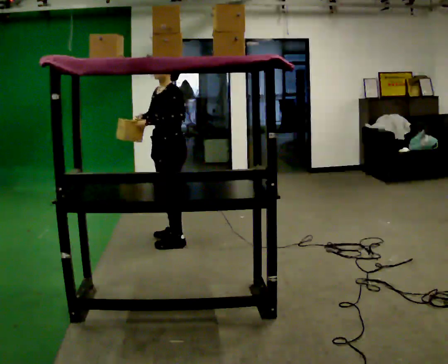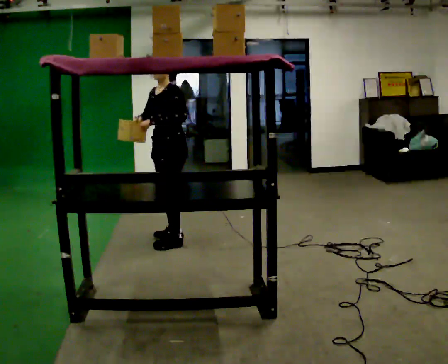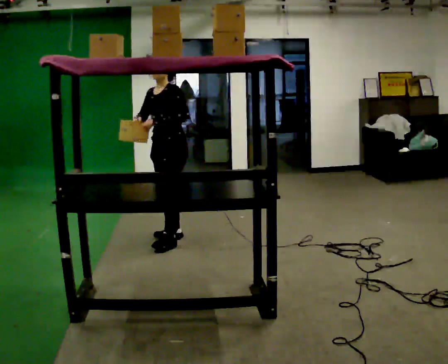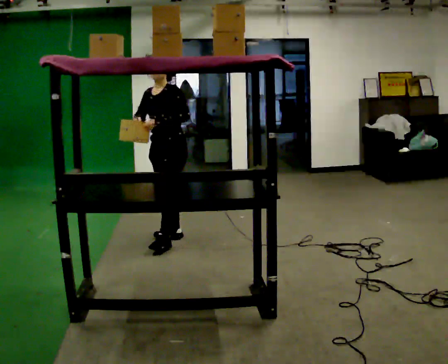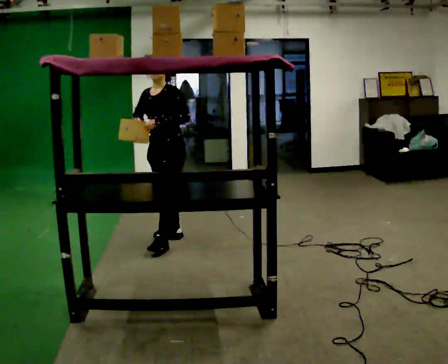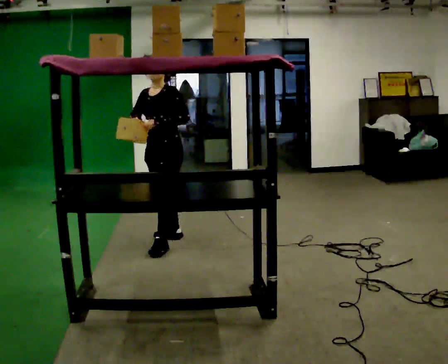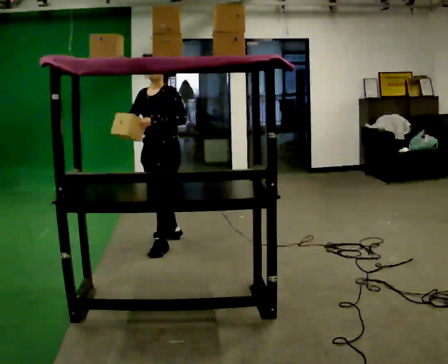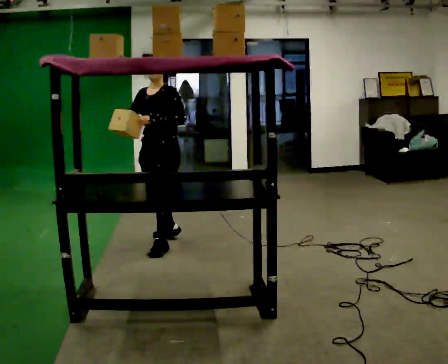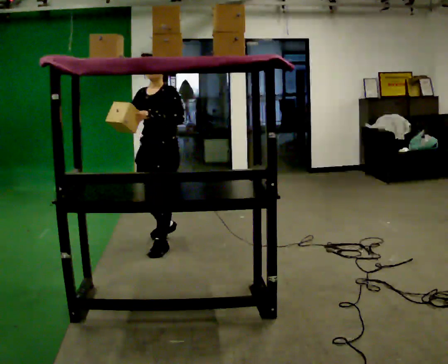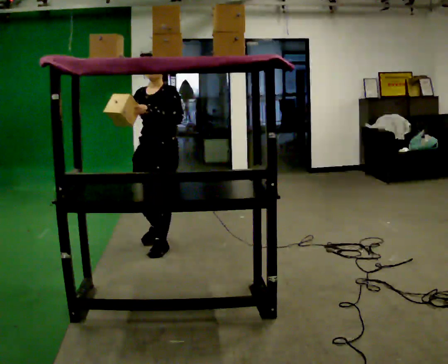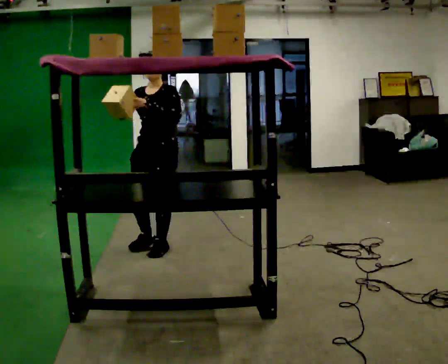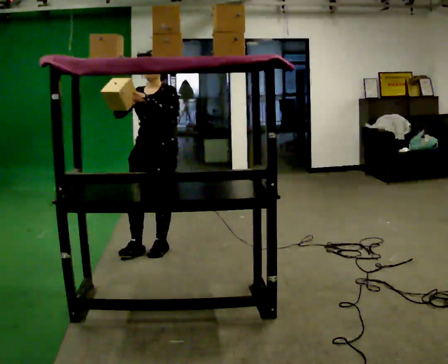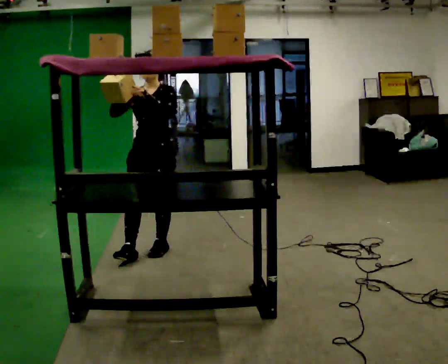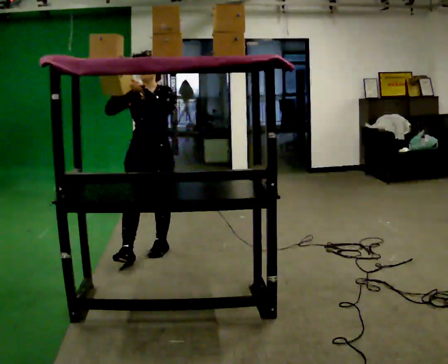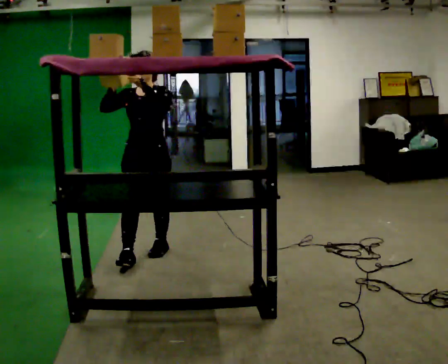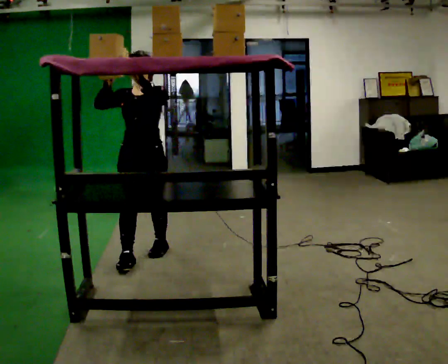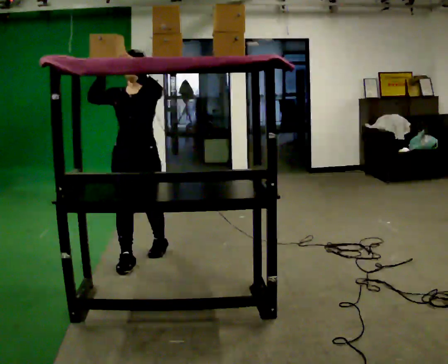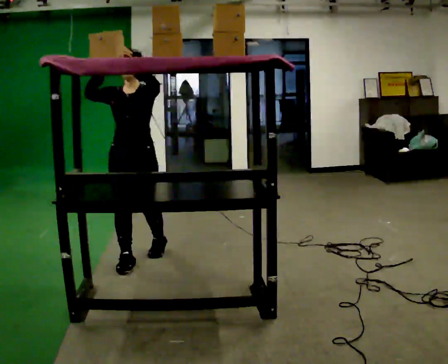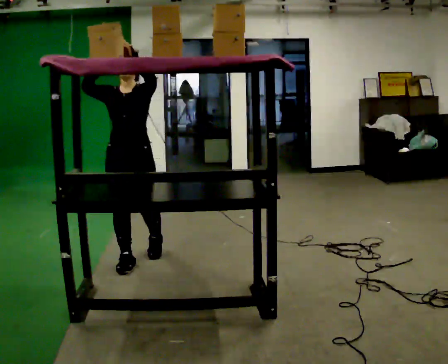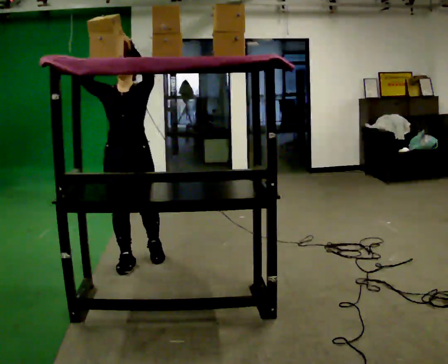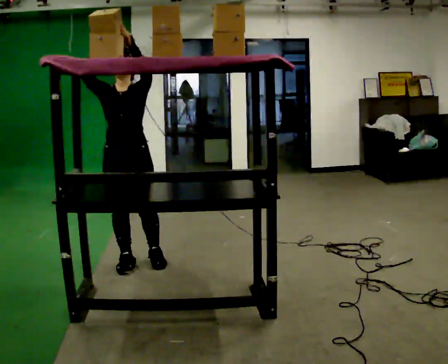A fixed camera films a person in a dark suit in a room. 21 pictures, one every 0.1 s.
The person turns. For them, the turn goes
to their left.
Their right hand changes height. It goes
upward.
0.0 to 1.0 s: The part of the body nearest the lens slides to the right as the person turns to their left by about 30 degrees. In the picture they go toward the camera, about 0.25 m in 1 step, which for them is forward and to their left.
1.0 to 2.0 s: Seen from above the body turns counterclockwise, about 30 degrees: to their left, with its near side sliding to the right. In the picture they go toward the camera and to the left, about 0.5 m in 1 step, which for them is forward and to their right. In the picture their right hand goes upward.
The film runs forward here.
